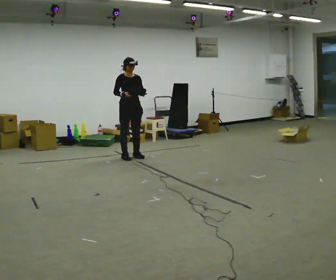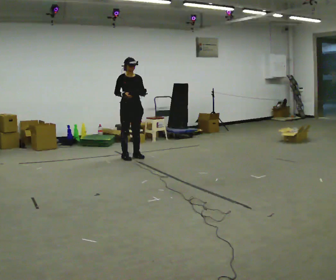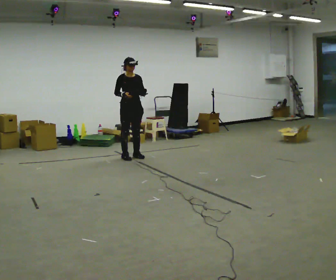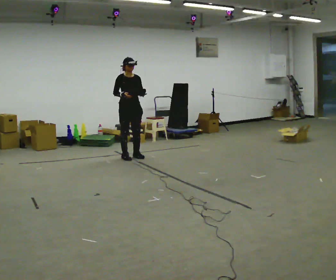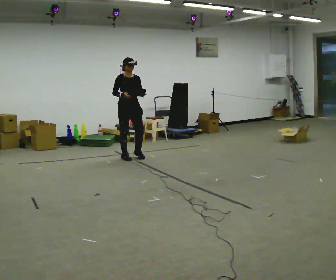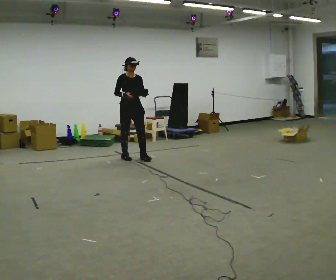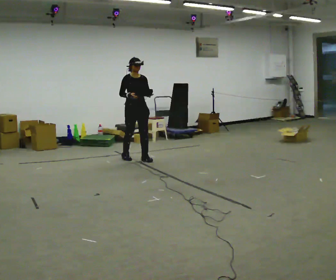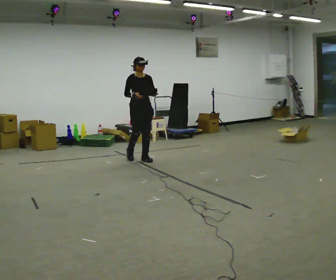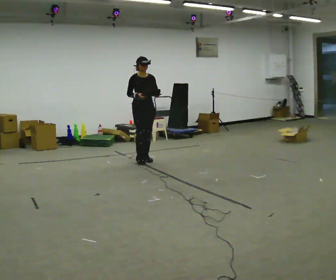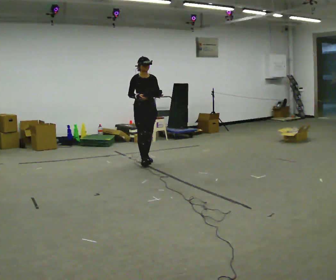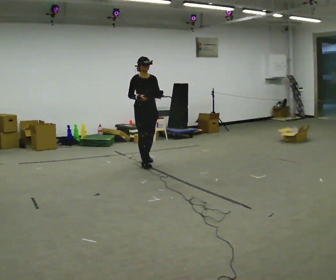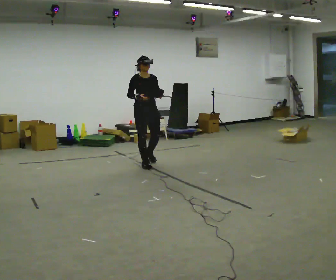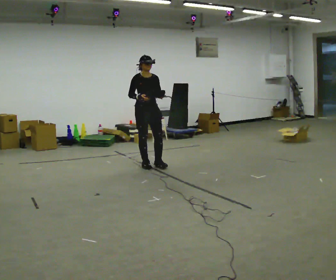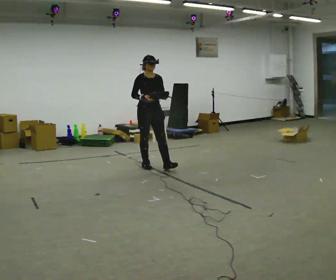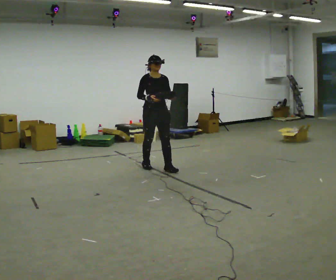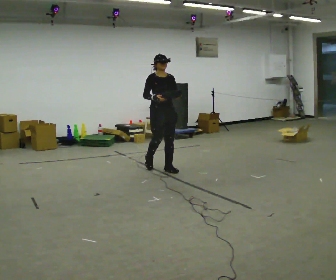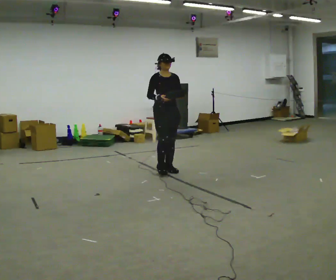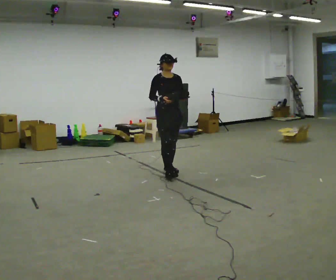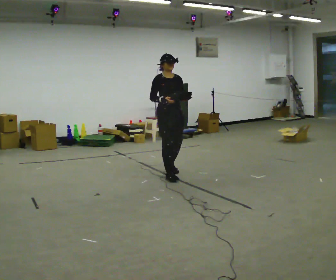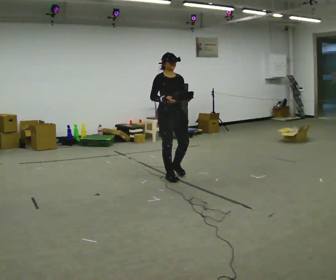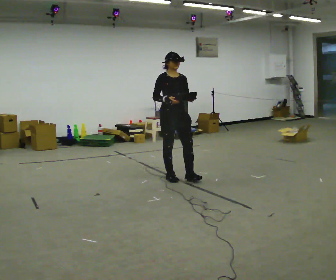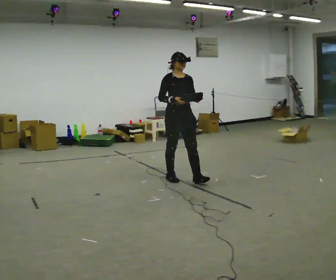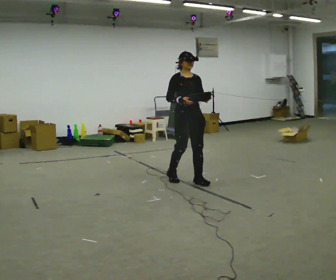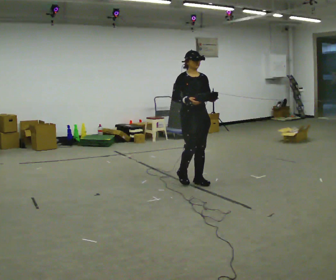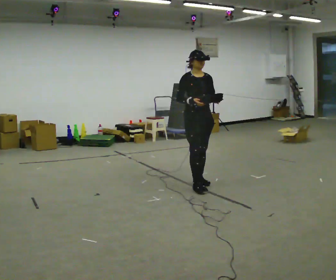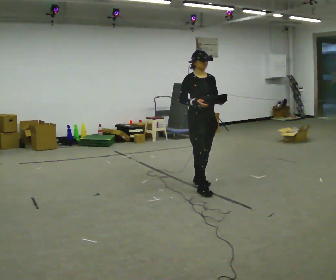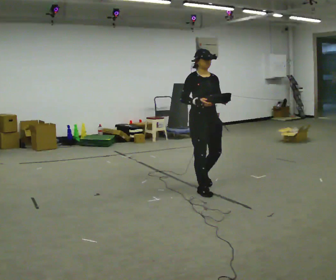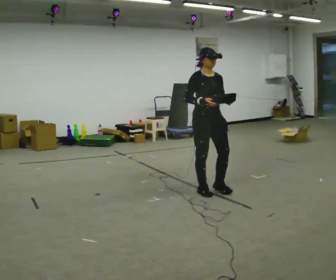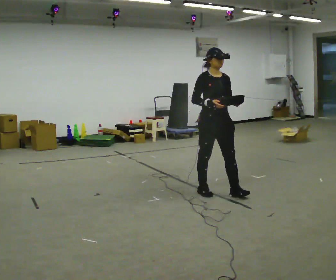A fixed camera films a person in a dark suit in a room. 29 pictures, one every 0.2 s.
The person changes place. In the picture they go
toward the camera.
0.0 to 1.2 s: In the picture they go toward the camera, about 0.25 m in 1 step, which for them is forward.
1.2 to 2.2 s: In the picture they go toward the camera, about 0.5 m in 1 step, which for them is forward.
2.2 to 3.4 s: In the picture they go toward the camera and to the right, about 0.5 m in 1 step, which for them is forward.
3.4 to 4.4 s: In the picture they go toward the camera and to the right, about 0.5 m in 2 steps, which for them is forward.
4.4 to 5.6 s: In the picture they go toward the camera and to the right, about 0.5 m in 2 steps, which for them is forward.
The film runs forward here.
